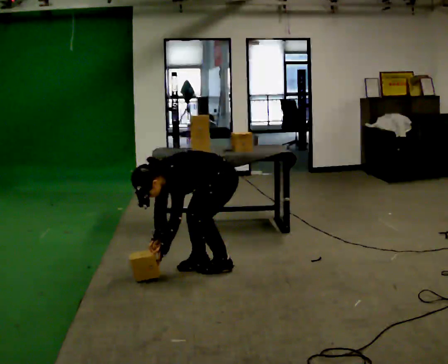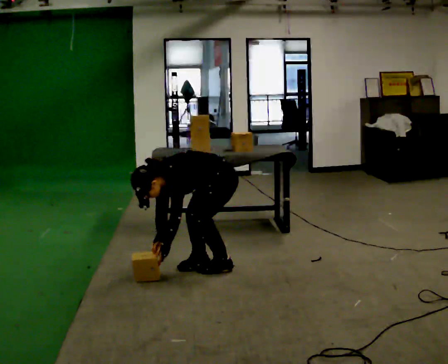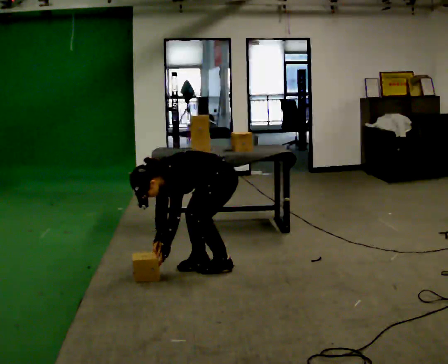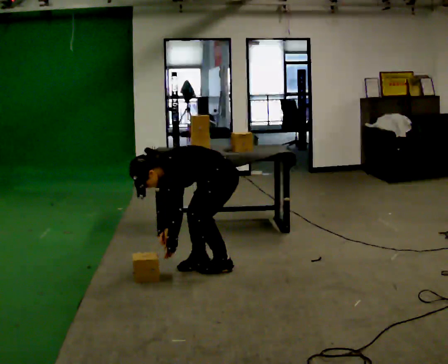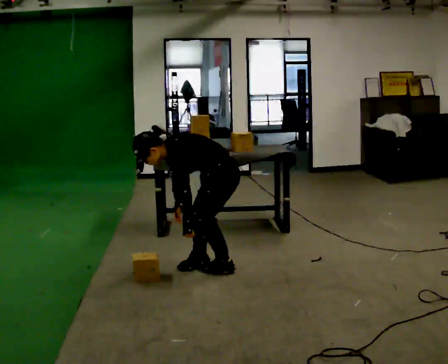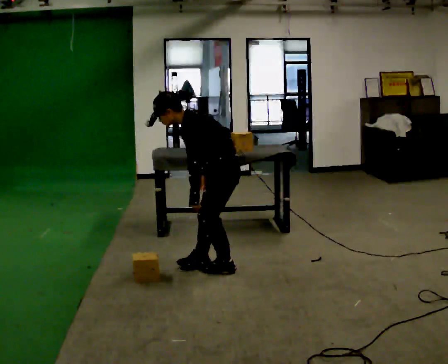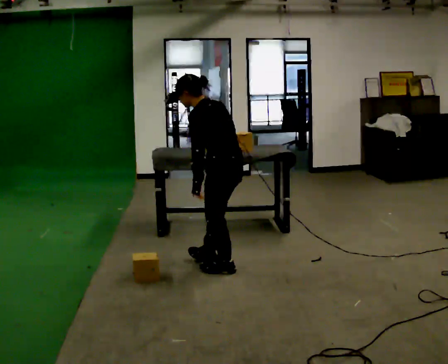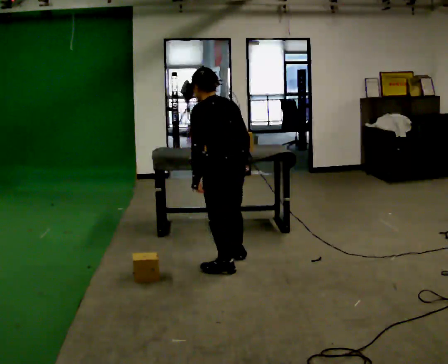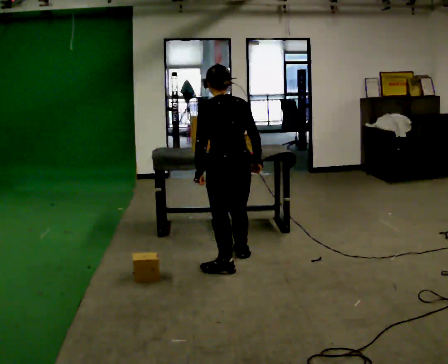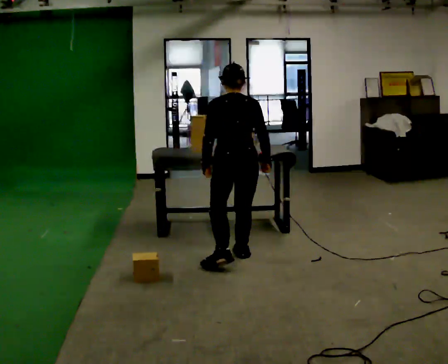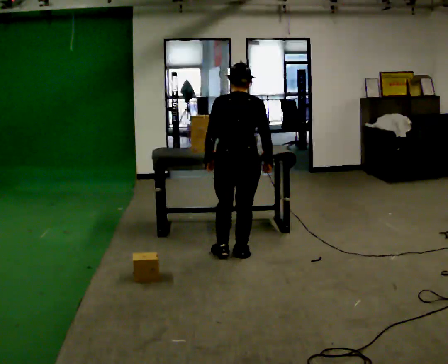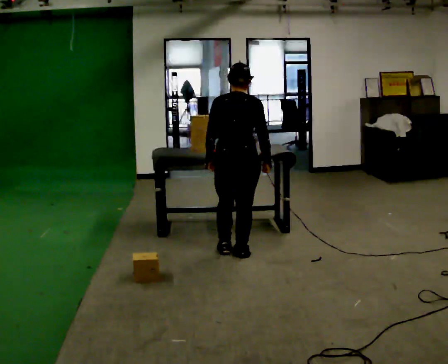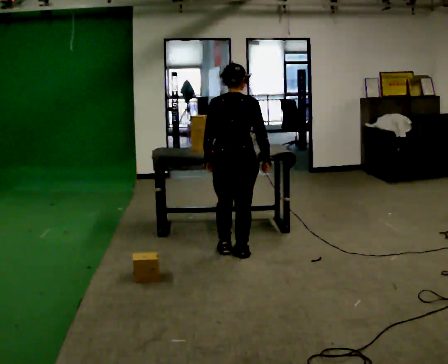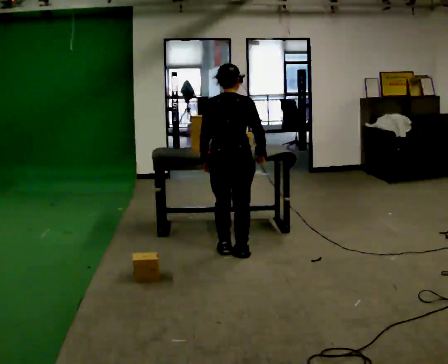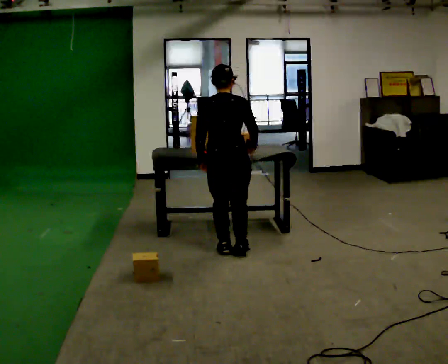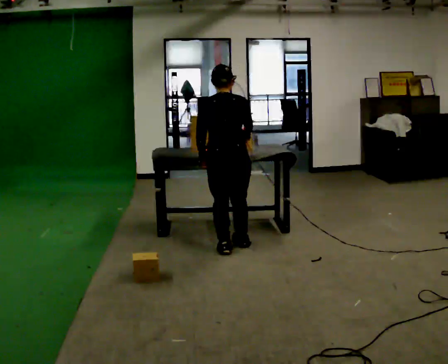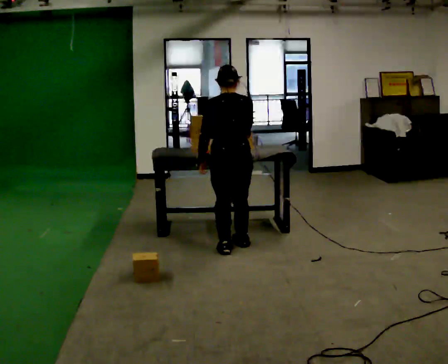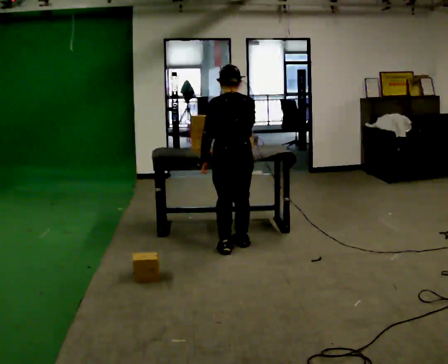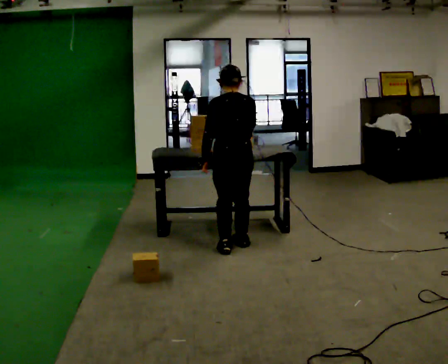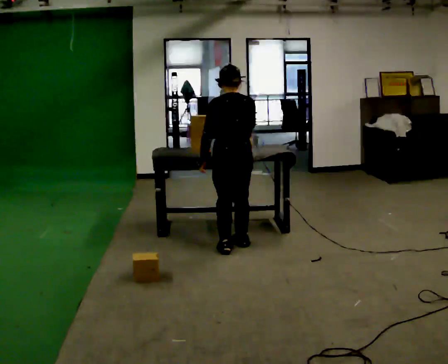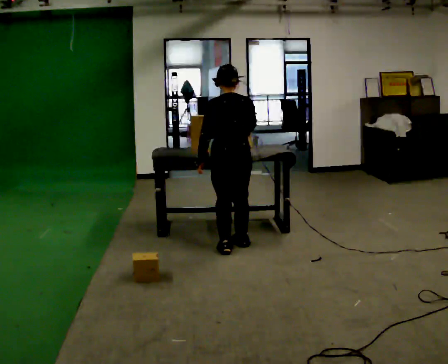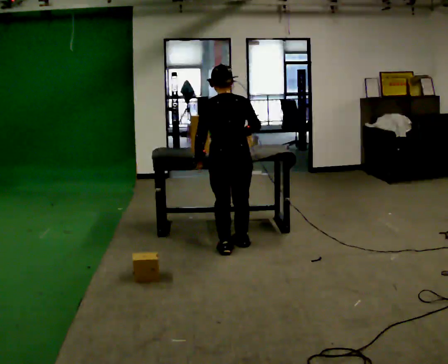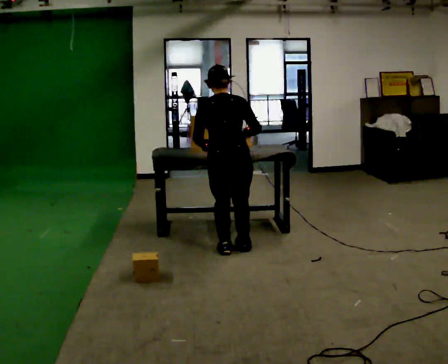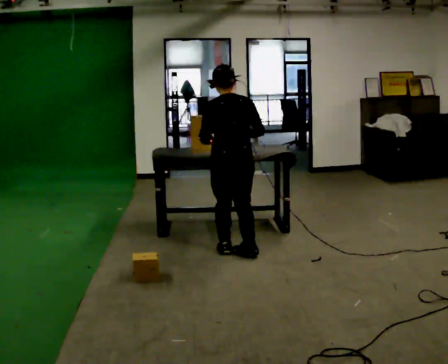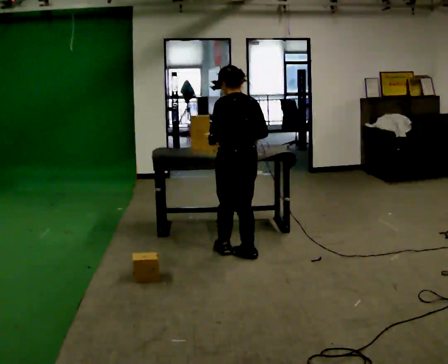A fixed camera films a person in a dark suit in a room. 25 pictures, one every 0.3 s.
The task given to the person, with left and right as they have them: Pick the object up off the floor using only the hand the operator calls, then carry it to the table in that same hand. Keep going until the operator says stop; one object at a time, and do not rush between trips.
0.0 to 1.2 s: The shoulders move upward. The upper body tips away from the camera, its near side rolling upward, as they lean back or straighten.
1.2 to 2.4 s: The person turns about 75 degrees to their right, clockwise seen from above, so the part of the body nearest the lens slides to the left. The shoulders move upward. In the picture the upper body tilts clockwise, shoulders to the right, as they lean back or straighten. In the picture their right hand goes to the right.
2.4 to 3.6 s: The part of the body nearest the lens slides to the left as the person turns to their right by about 30 degrees. In the picture they go away from the camera, about 0.25 m in 1 step, which for them is forward.
3.6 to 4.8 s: In the picture they go away from the camera, about 0.25 m in 1 step, which for them is forward.
4.8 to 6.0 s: The person moves a little, or ends about where they began.
6.0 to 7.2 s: In the picture they go toward the camera, about 0.25 m in 1 step, which for them is backward.
The film runs forward here.
